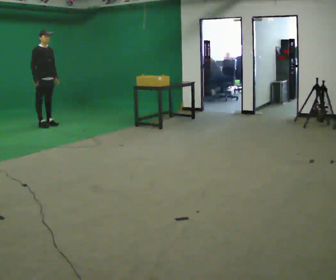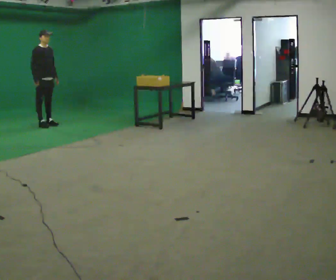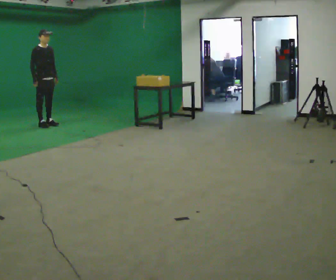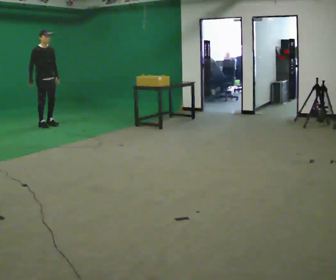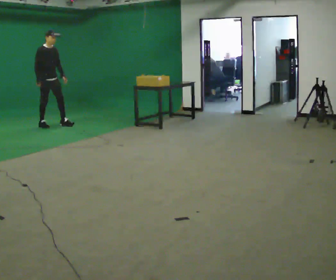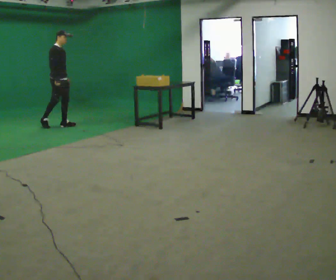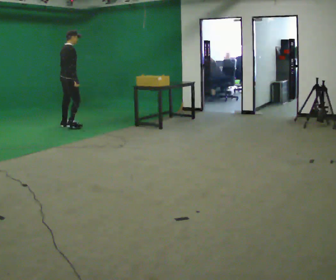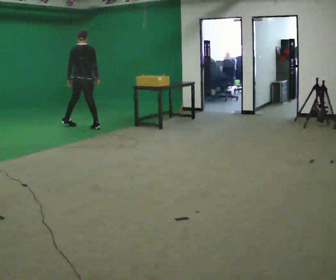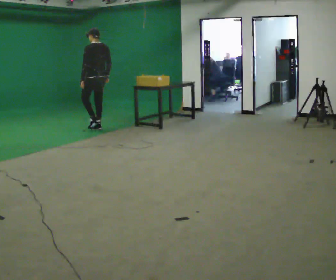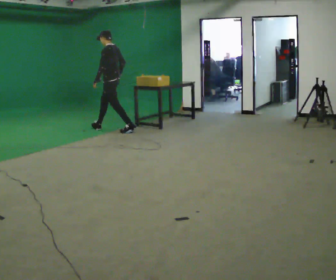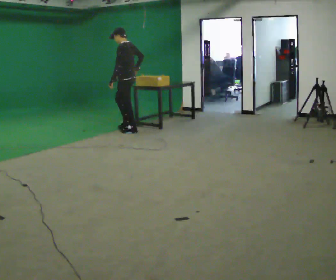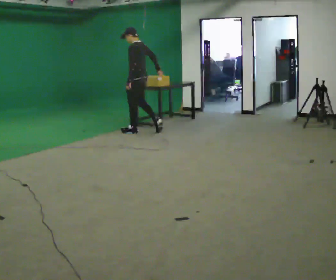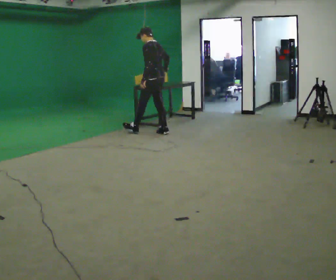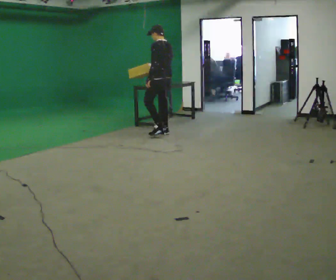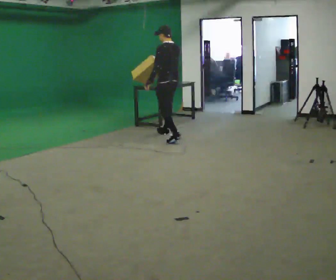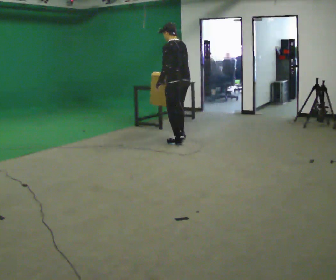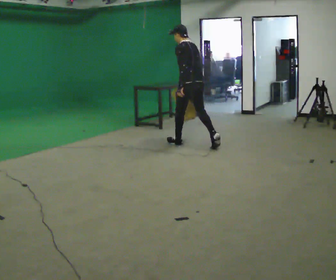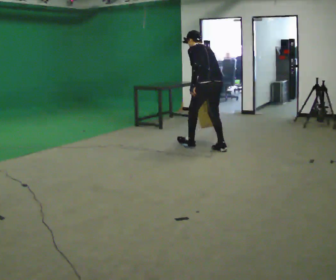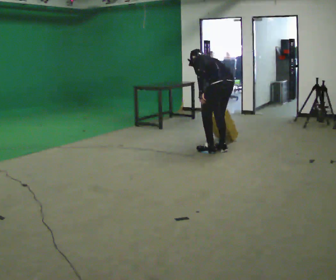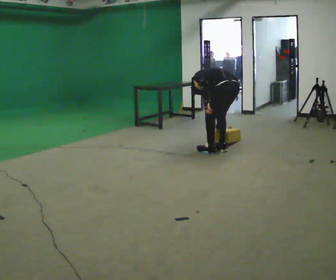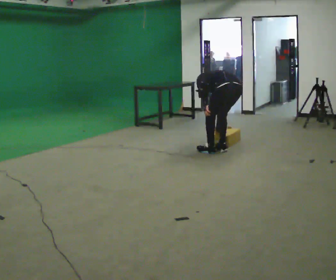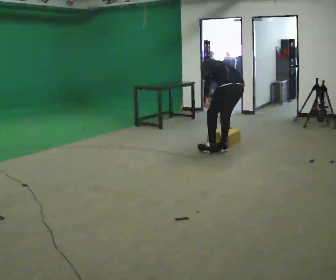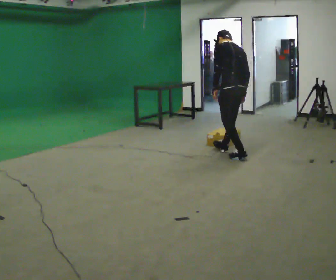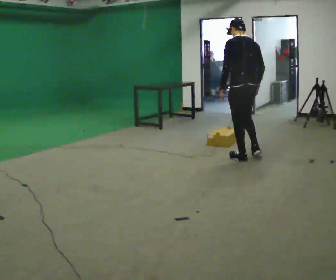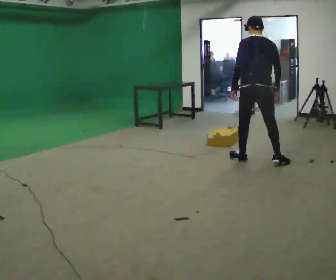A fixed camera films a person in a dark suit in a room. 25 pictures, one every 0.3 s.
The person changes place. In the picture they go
to the right.
0.0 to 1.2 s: The person moves a little, or ends about where they began.
1.2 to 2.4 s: The part of the body nearest the lens slides to the right as the person turns to their left by about 165 degrees. In the picture they go to the right, about 1 m in 2 steps.
2.4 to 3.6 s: In the picture they go to the right, about 1 m in 2 steps, which for them is backward.
3.6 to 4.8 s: In the picture they go toward the camera and to the right, about 1 m in 1 step, which for them is backward.
4.8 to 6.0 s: In the picture they go toward the camera and to the right, about 0.75 m in 1 step, which for them is backward. The upper body goes downward. The upper body tips away from the camera, its near side rolling upward, as they bend forward.
6.0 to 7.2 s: Seen from above the body turns clockwise, about 30 degrees: to their right, with its near side sliding to the left. In the picture they go toward the camera and to the right, about 0.5 m in 2 steps, which for them is backward. The shoulders move upward. The upper body tips toward the camera, its near side rolling downward, as they lean back or straighten.
The film runs backward here.
